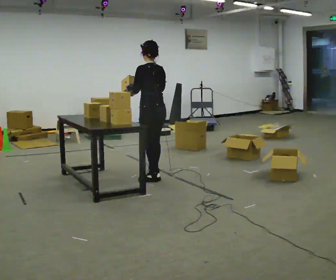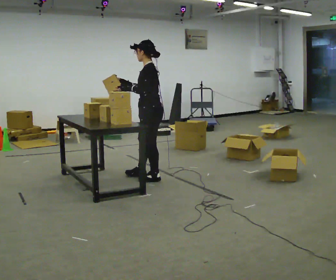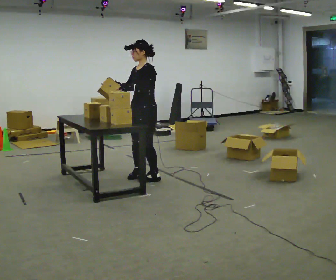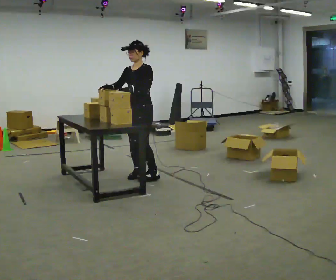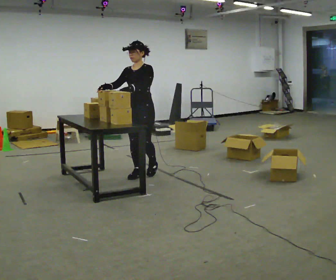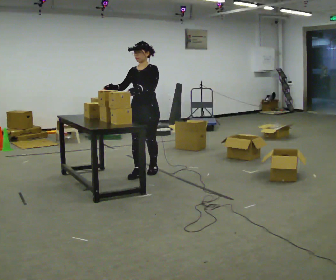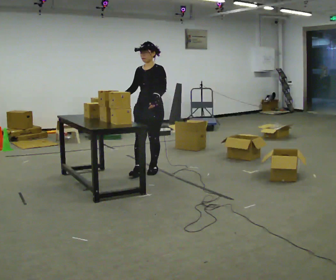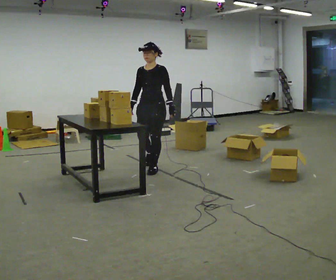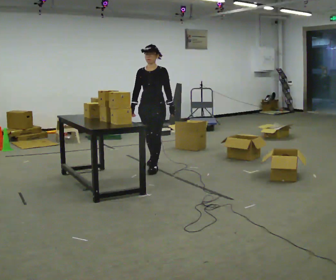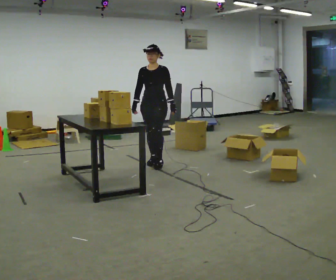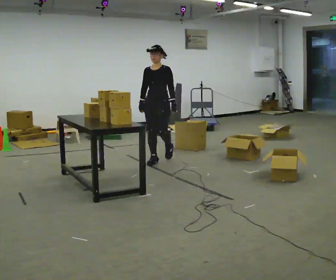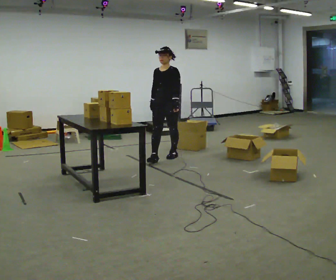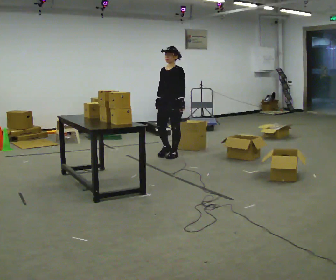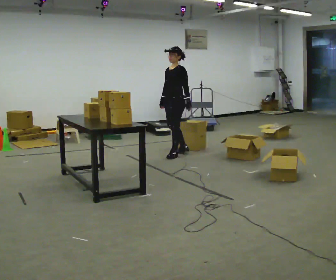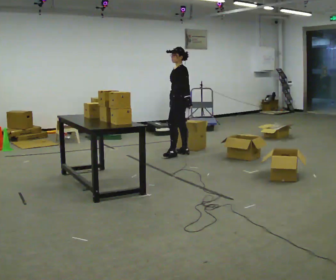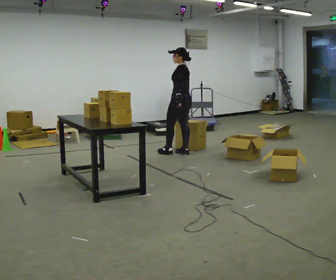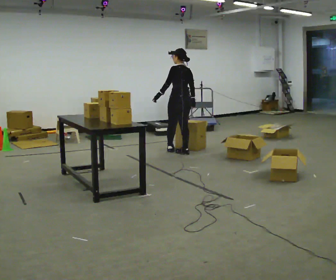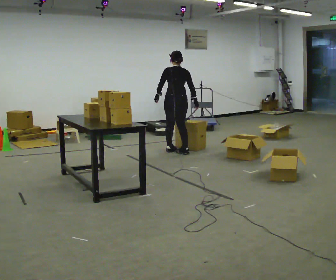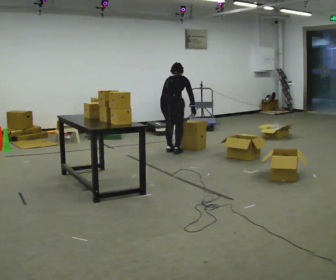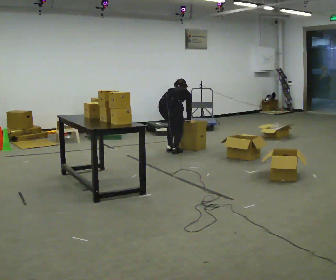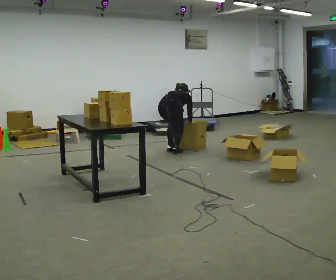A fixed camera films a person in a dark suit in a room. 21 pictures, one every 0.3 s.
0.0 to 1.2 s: The person turns about 105 degrees to their left, counterclockwise seen from above, so the part of the body nearest the lens slides to the right. In the picture they go away from the camera and to the left, about 0.25 m in 1 step.
1.2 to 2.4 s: In the picture they go away from the camera, about 0.5 m in 1 step, which for them is backward.
2.4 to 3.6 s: In the picture they go away from the camera and to the right, about 0.5 m in 2 steps, which for them is backward.
3.6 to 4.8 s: The person turns about 120 degrees to their right, clockwise seen from above, so the part of the body nearest the lens slides to the left. In the picture they go away from the camera and to the right, about 0.25 m in 1 step.
4.8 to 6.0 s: The person turns about 60 degrees to their right, clockwise seen from above, so the part of the body nearest the lens slides to the left. In the picture they go to the left, about 0.25 m in 1 step, which for them is to their left. The upper body goes downward. The upper body tips away from the camera, its near side rolling upward, as they bend forward. In the picture their left hand goes downward and to the right.
The film runs backward here.
